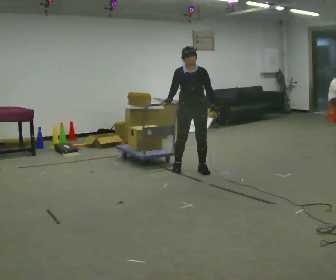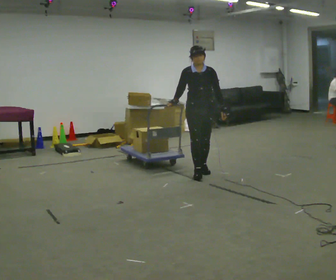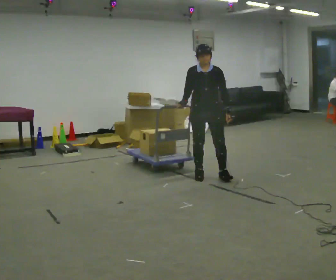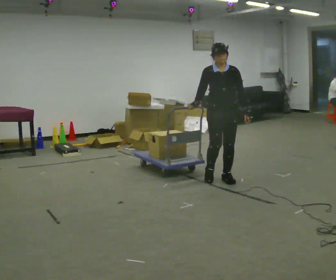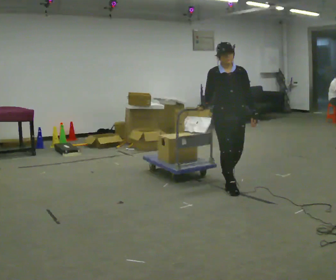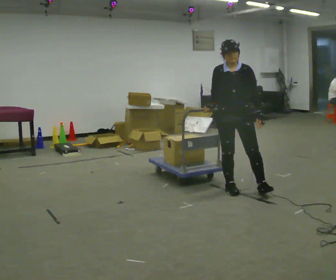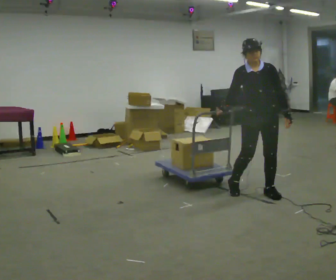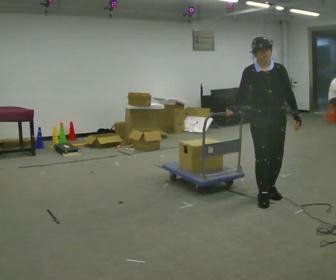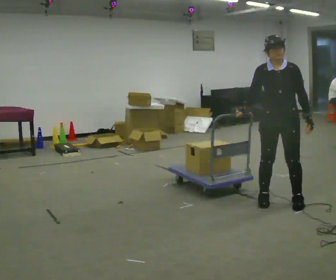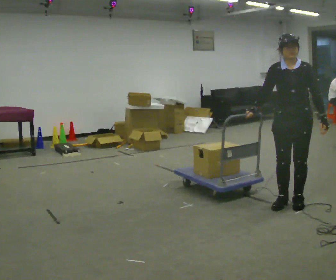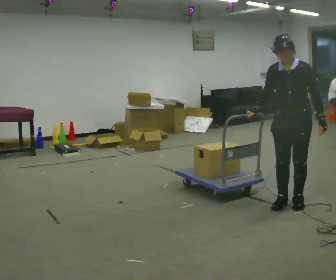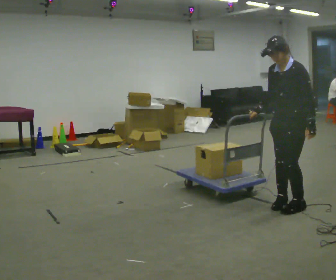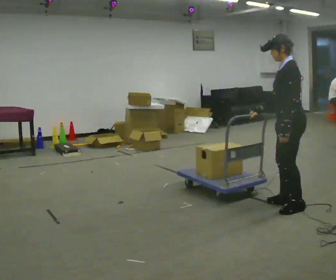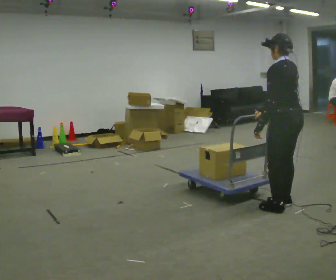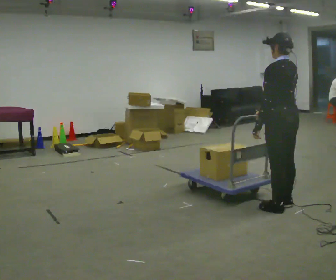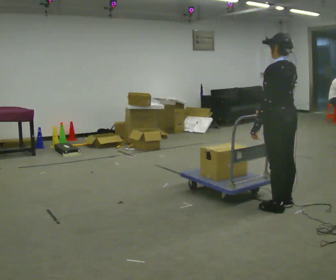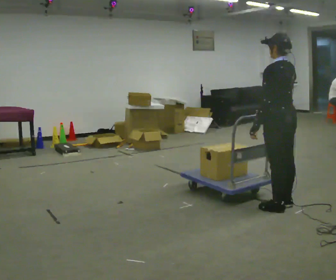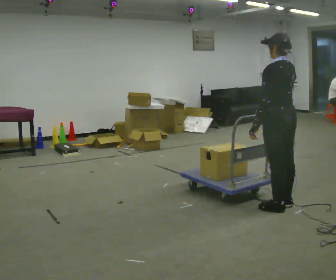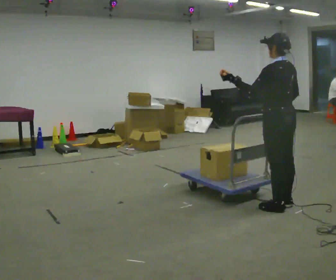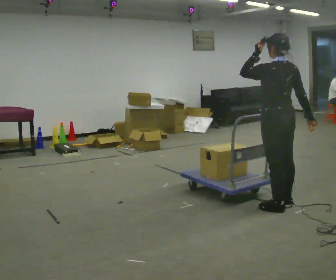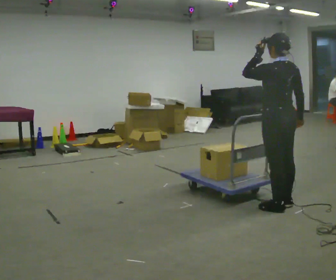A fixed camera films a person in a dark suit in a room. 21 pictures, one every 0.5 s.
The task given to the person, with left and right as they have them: Push the cart across the room using only the hand the operator calls. Keep your other arm at your side.
0.0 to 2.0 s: In the picture they go to the right and toward the camera, about 1 m in 3 steps, which for them is forward and to their left.
2.0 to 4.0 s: In the picture they go to the right and toward the camera, about 0.5 m in 3 steps, which for them is forward and to their left.
4.0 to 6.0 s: The part of the body nearest the lens slides to the left as the person turns to their right by about 90 degrees.
6.0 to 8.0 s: The part of the body nearest the lens slides to the left as the person turns to their right by about 30 degrees.
8.0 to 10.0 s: In the picture their left hand goes upward.
The film runs forward here.
